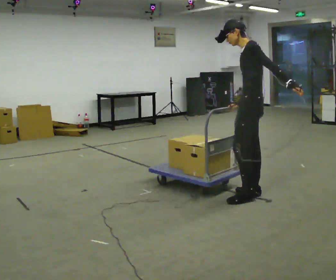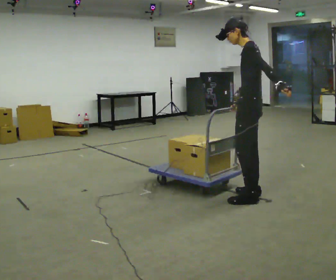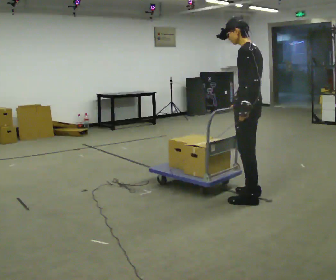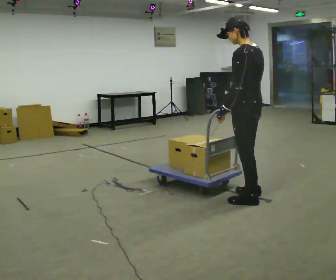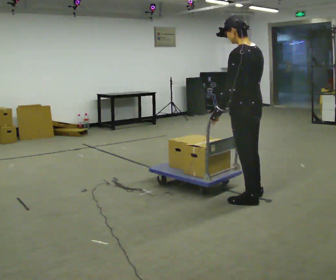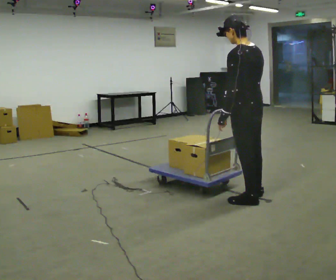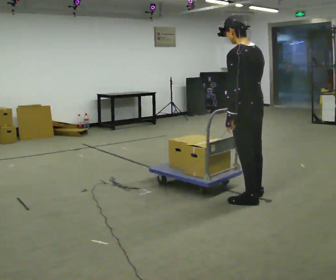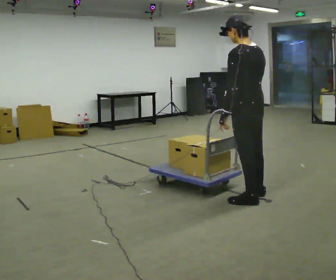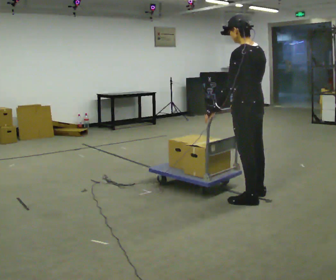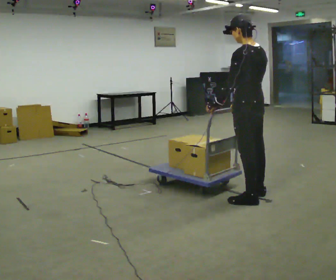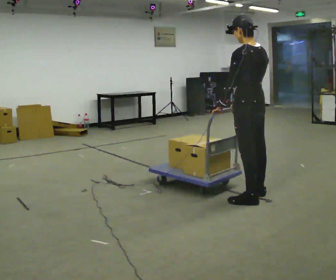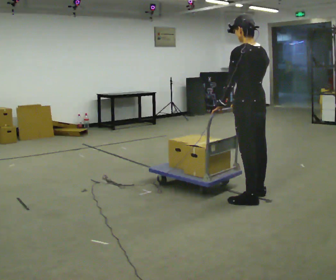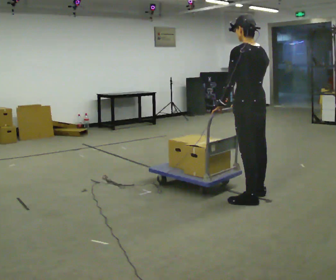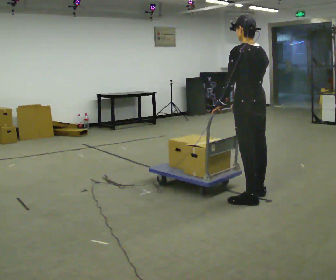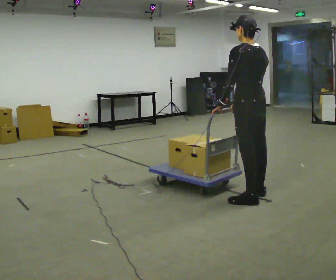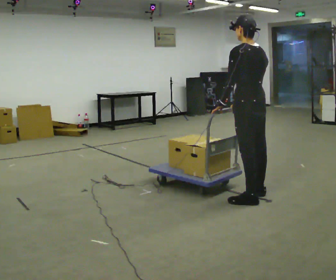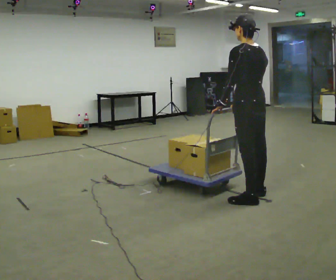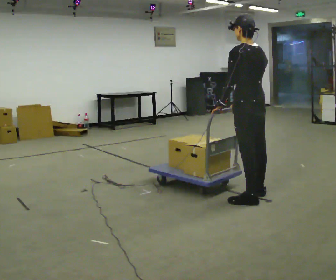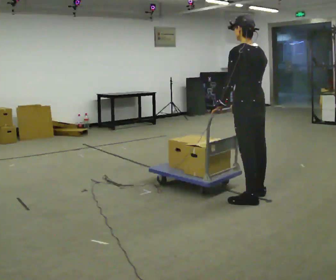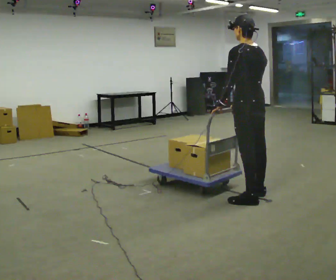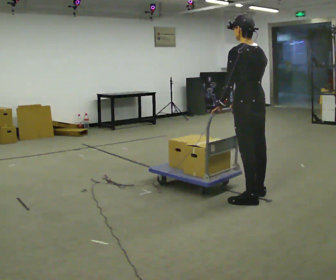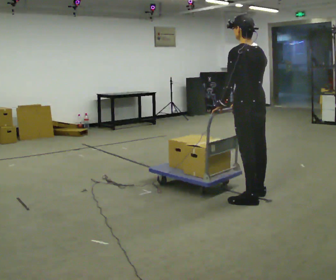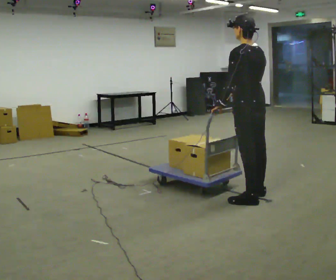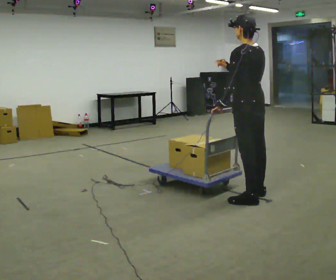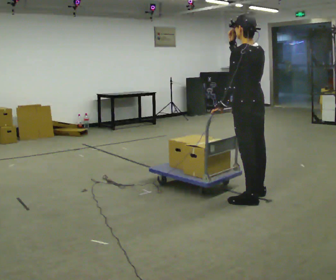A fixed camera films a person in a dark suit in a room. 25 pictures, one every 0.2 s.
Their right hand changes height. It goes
upward.
0.0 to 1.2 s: The part of the body nearest the lens slides to the left as the person turns to their right by about 45 degrees. In the picture they go toward the camera, about 0.25 m, which for them is to their left. In the picture their left hand goes to the left, the arm swinging clockwise.
1.2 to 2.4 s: The person moves a little, or ends about where they began.
2.4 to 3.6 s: The person keeps their place and pose.
3.6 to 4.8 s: In the picture their right hand goes upward.
The film runs backward here.
